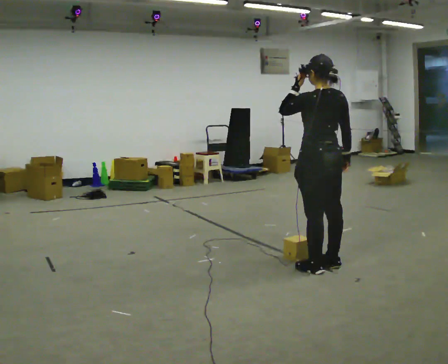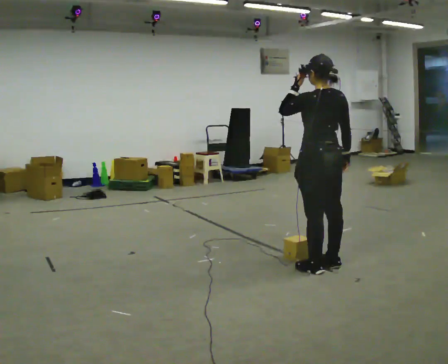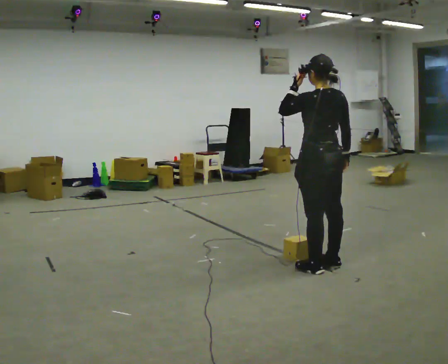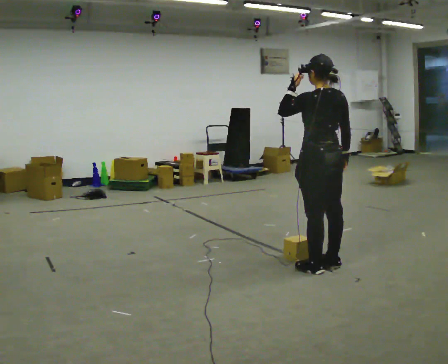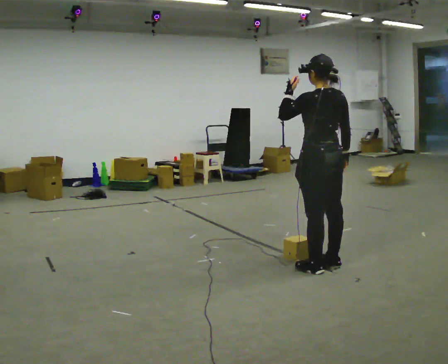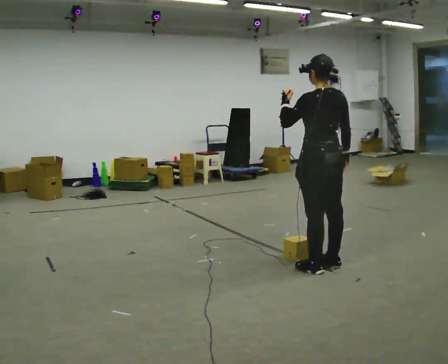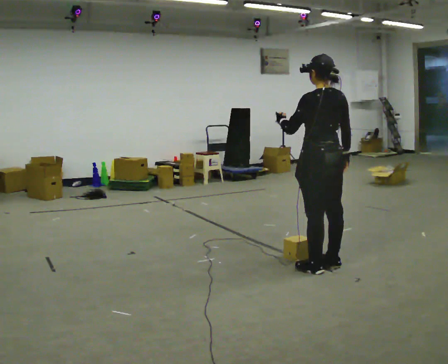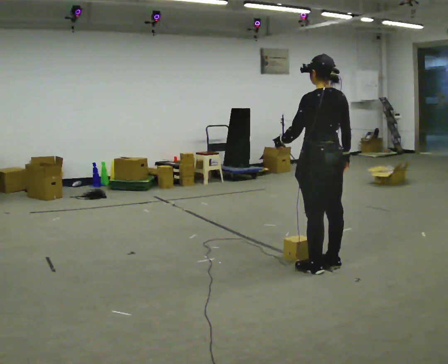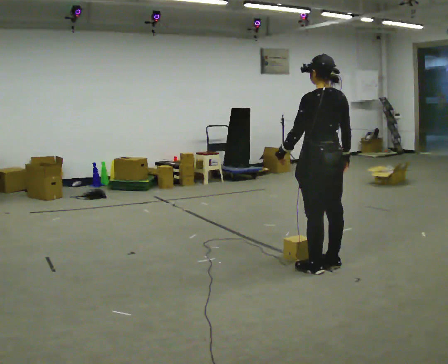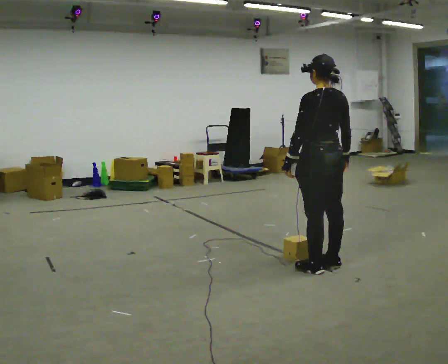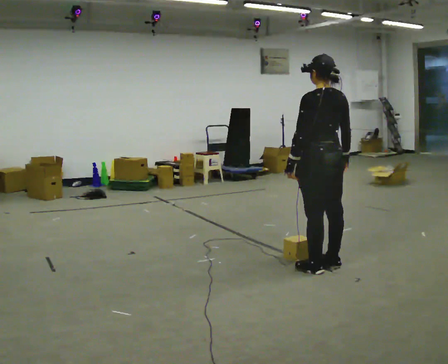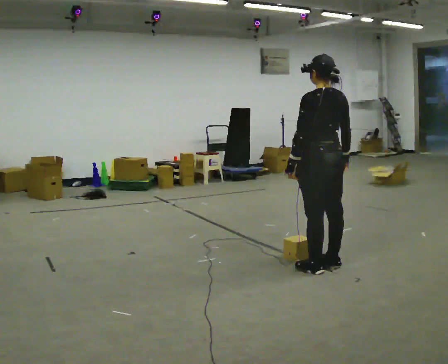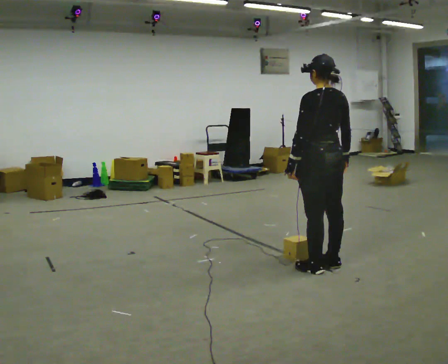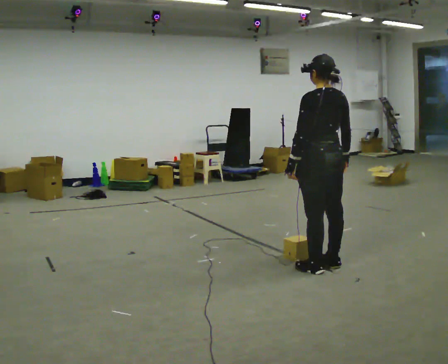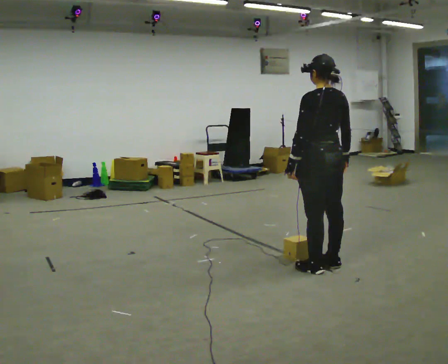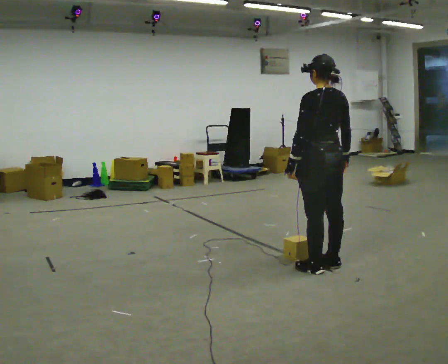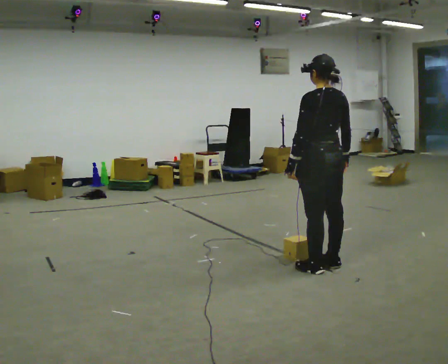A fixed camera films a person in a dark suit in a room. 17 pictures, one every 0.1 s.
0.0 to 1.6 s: In the picture their left hand goes downward.
The film runs backward here.
